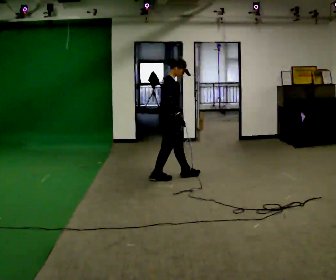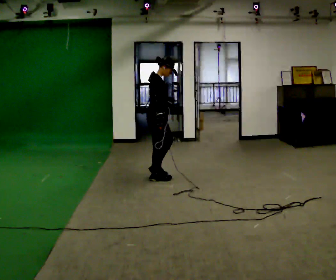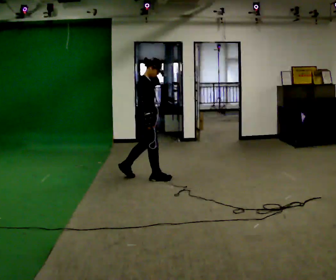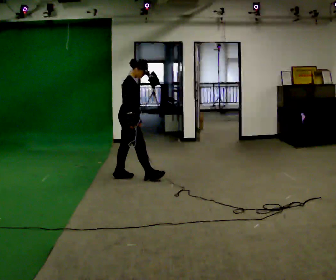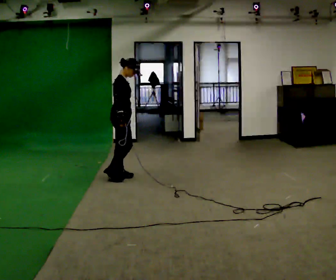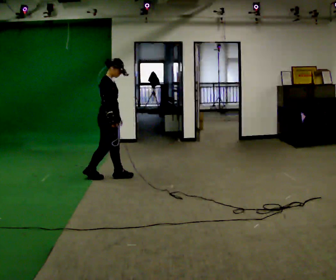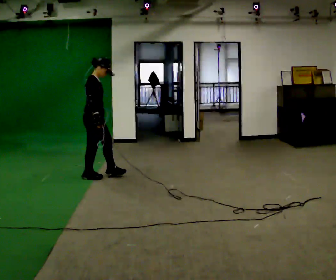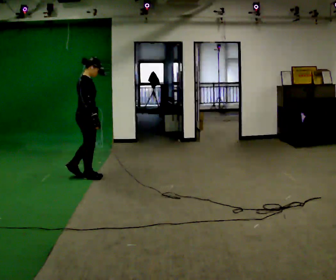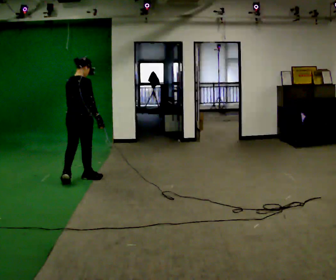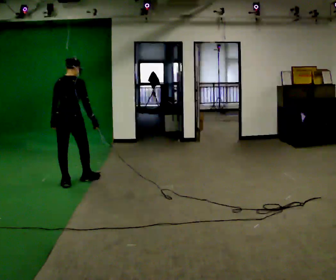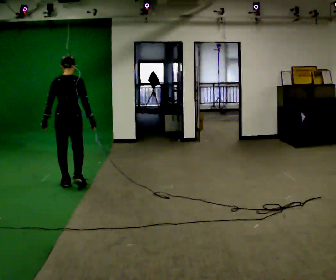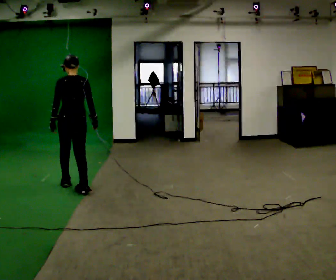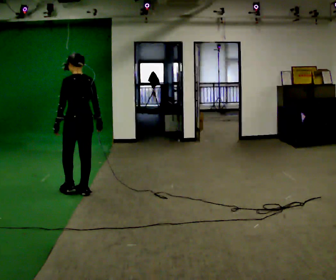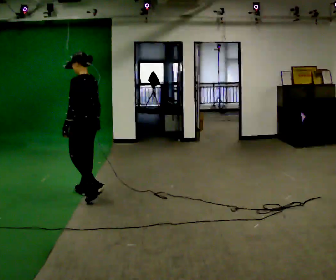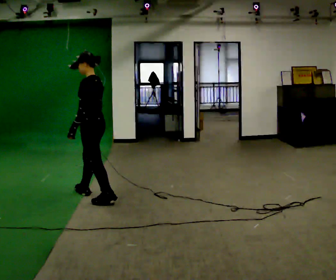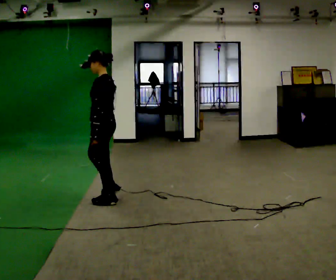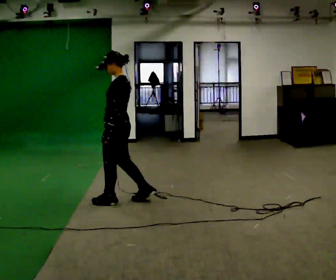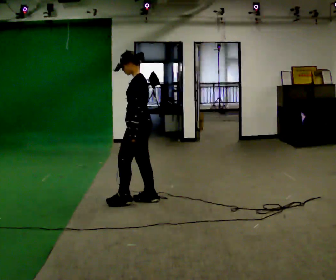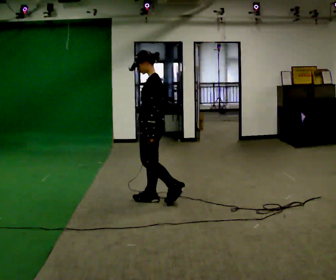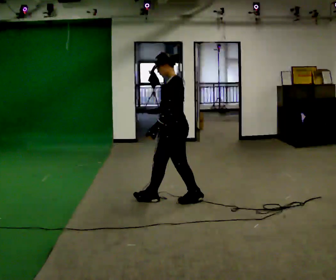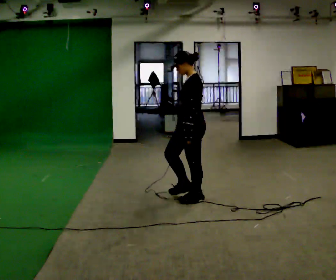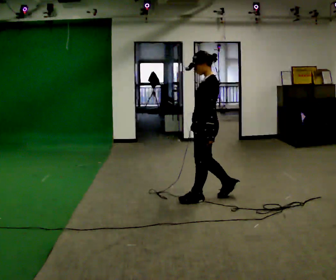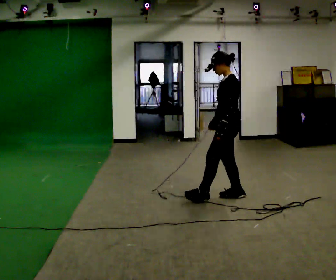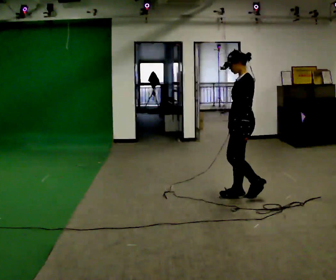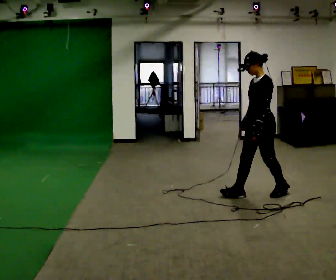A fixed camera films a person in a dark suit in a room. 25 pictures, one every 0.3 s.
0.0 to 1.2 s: In the picture they go to the left, about 0.5 m in 1 step, which for them is backward.
1.2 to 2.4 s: The person turns about 75 degrees to their left, counterclockwise seen from above, so the part of the body nearest the lens slides to the right. In the picture they go to the left, about 0.5 m in 1 step.
2.4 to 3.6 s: The part of the body nearest the lens slides to the right as the person turns to their left by about 60 degrees. In the picture they go toward the camera, about 0.5 m in 2 steps.
3.6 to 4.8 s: Seen from above the body turns counterclockwise, about 45 degrees: to their left, with its near side sliding to the right. In the picture they go to the right and toward the camera, about 0.5 m in 1 step, which for them is backward.
4.8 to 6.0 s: In the picture they go to the right, about 0.5 m in 2 steps, which for them is backward.
6.0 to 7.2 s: In the picture they go to the right, about 0.5 m in 2 steps, which for them is backward.
The film runs forward here.
